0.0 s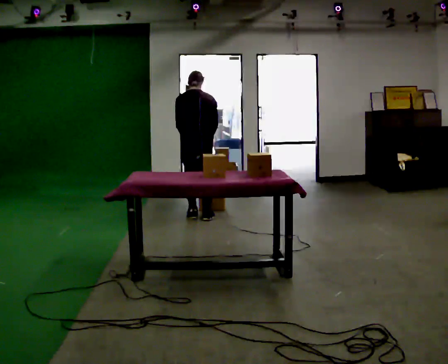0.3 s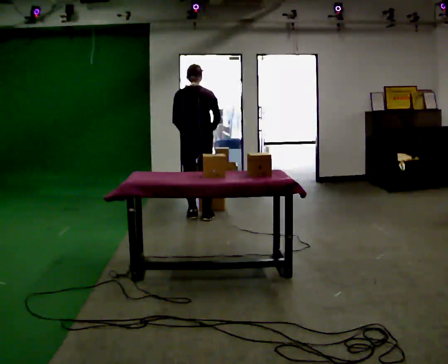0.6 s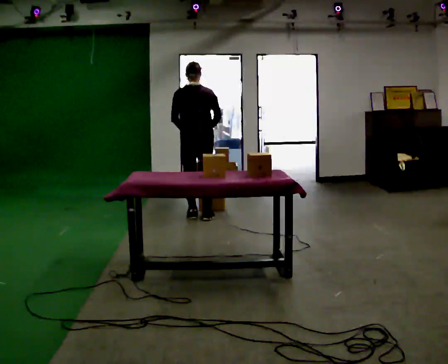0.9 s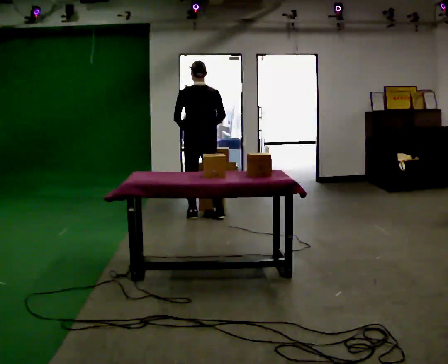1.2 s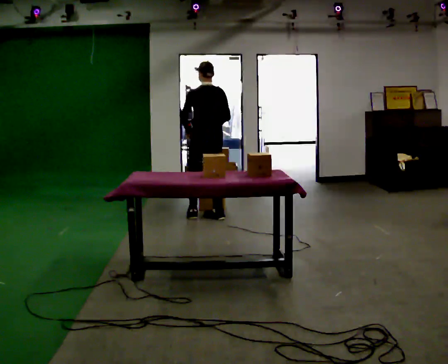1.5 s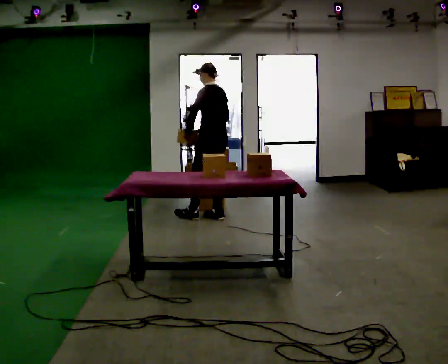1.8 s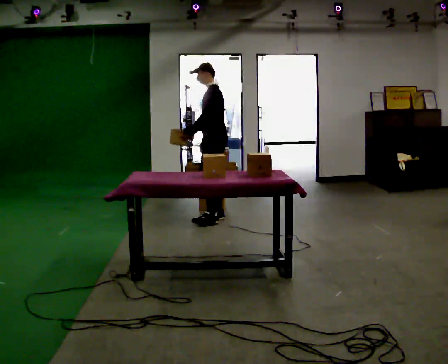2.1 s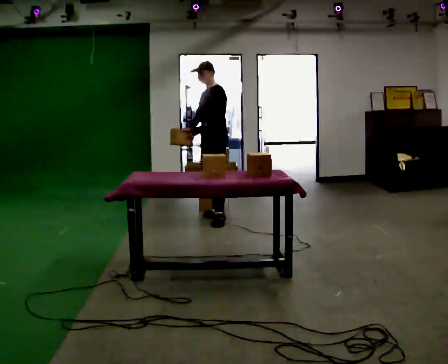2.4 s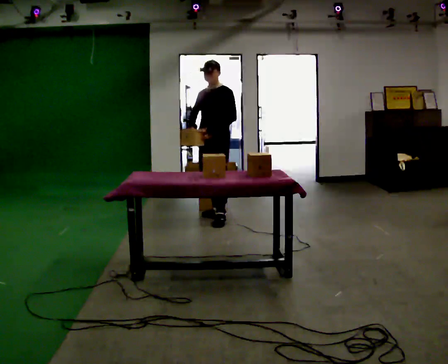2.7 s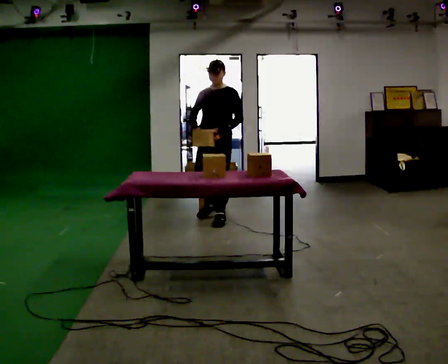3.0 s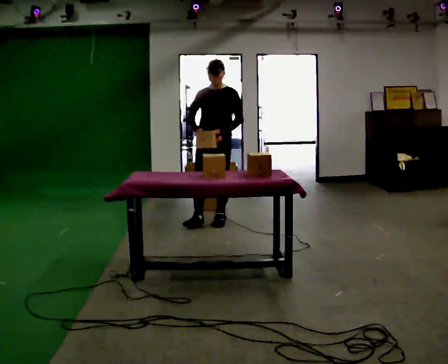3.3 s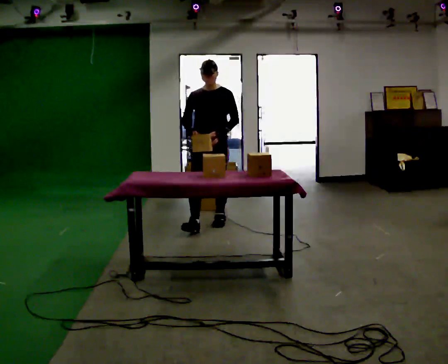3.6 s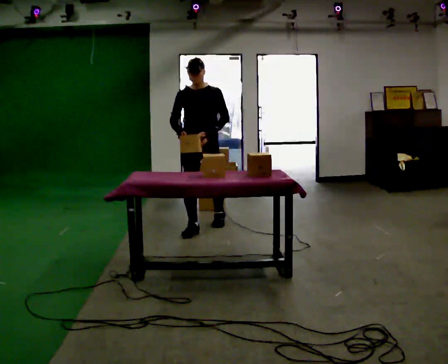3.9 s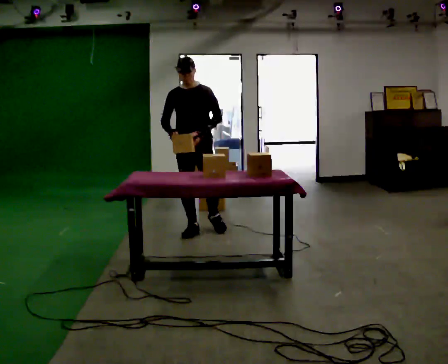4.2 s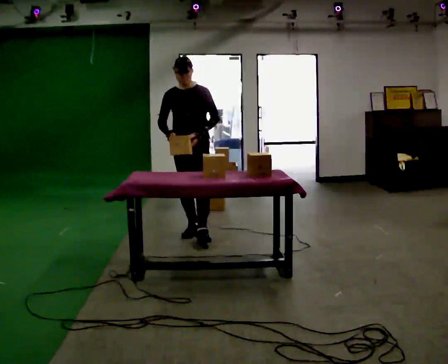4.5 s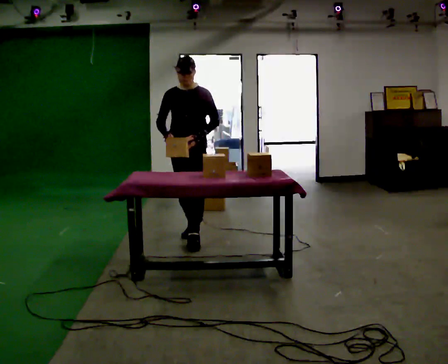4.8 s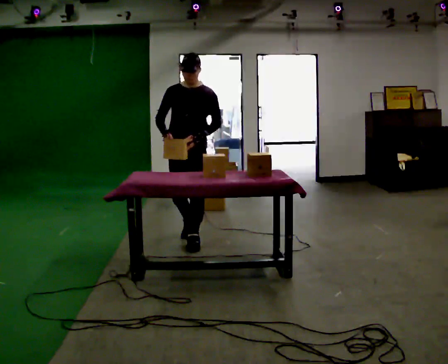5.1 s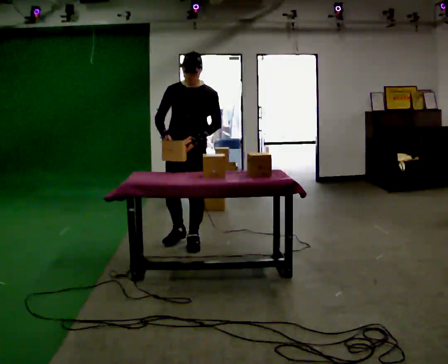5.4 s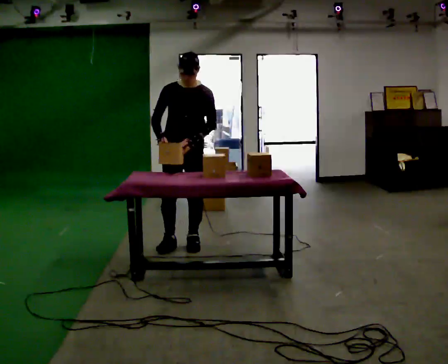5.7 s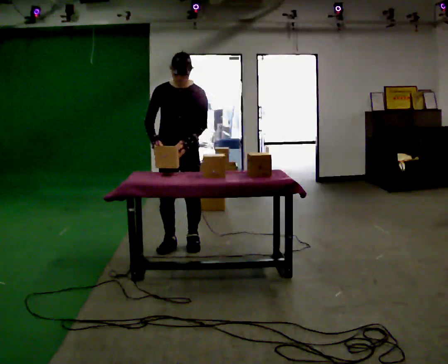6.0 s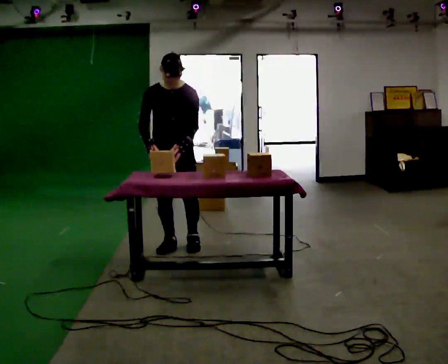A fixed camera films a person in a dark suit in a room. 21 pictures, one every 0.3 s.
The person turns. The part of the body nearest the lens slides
to the right.
The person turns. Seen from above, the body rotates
counterclockwise.
0.0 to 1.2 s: Seen from above the body turns counterclockwise, about 30 degrees: to their left, with its near side sliding to the right. The upper body tips toward the camera, its near side rolling downward, as they lean back or straighten.
1.2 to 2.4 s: The part of the body nearest the lens slides to the right as the person turns to their left by about 105 degrees. In the picture their left hand goes to the right.
2.4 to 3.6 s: Seen from above the body turns counterclockwise, about 30 degrees: to their left, with its near side sliding to the right. In the picture they go toward the camera, about 0.5 m in 1 step, which for them is forward.
3.6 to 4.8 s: In the picture they go toward the camera, about 0.5 m in 1 step, which for them is forward.
4.8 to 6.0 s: The upper body tips toward the camera, its near side rolling downward, as they bend forward.
The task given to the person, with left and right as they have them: Carry the object across the room, open the lid of the container, put the object inside, and close the lid again. Then go back for the next one. Keep going until the operator says stop; one object at a time, and do not rush between trips.
The film runs forward here.
